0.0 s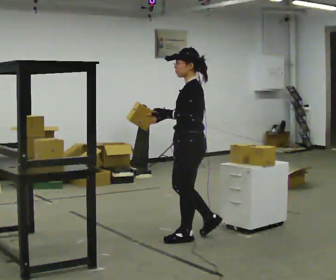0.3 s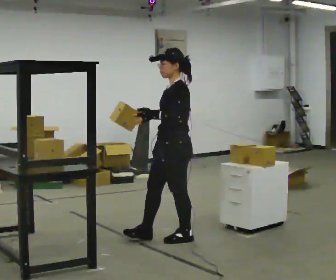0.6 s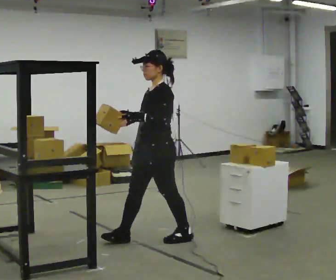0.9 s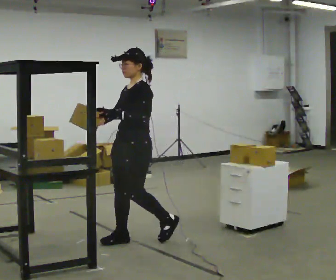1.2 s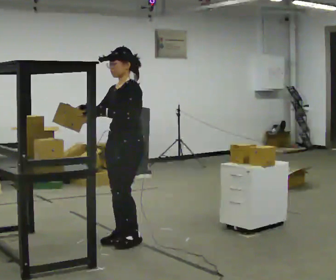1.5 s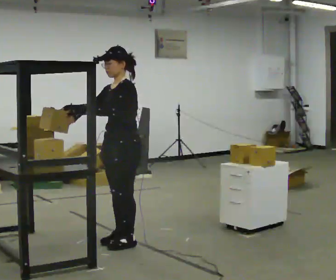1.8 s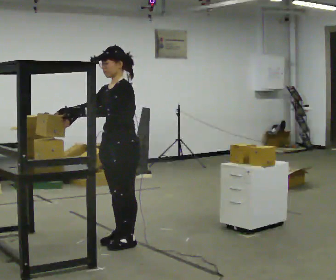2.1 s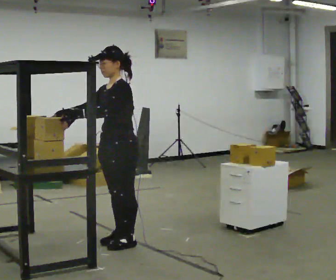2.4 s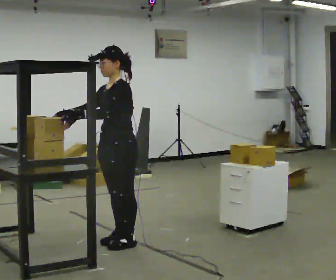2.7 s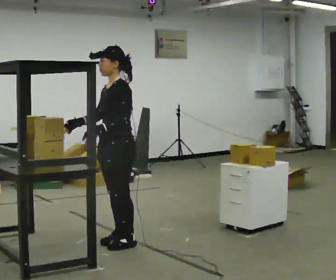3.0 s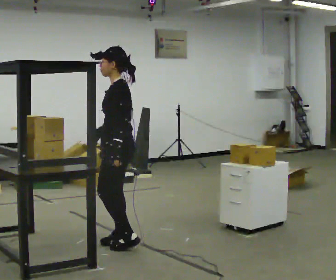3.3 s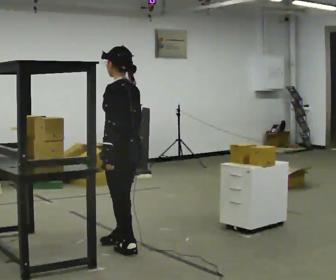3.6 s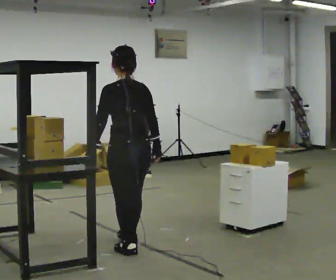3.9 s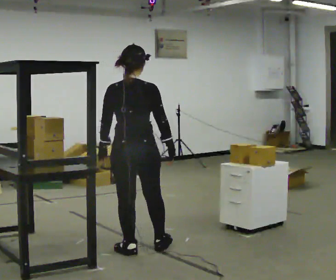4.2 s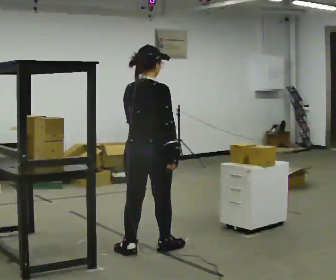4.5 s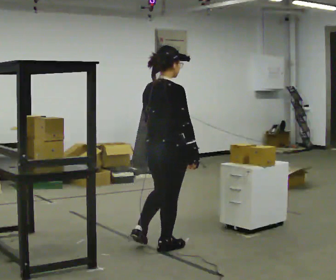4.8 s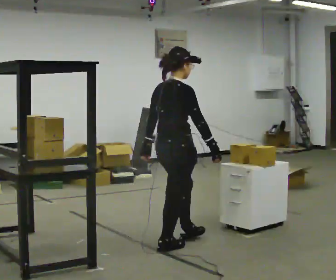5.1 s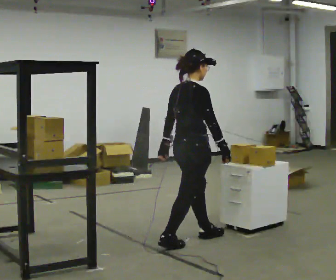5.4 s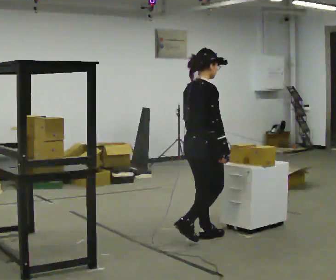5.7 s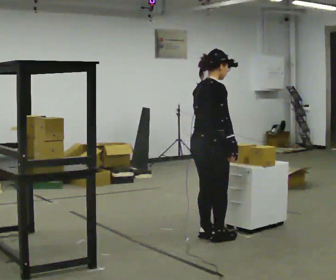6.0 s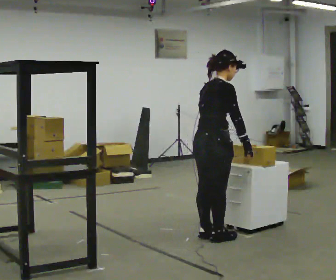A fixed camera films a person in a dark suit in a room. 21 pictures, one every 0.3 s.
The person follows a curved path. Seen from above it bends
counterclockwise.
0.0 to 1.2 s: The part of the body nearest the lens slides to the right as the person turns to their left by about 30 degrees. In the picture they go to the left, about 0.5 m in 1 step, which for them is forward.
1.2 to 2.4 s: The person moves a little, or ends about where they began.
2.4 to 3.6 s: The person turns about 90 degrees to their right, clockwise seen from above, so the part of the body nearest the lens slides to the left. In the picture they go toward the camera, about 0.25 m in 1 step. In the picture their right hand goes to the right, the arm swinging counterclockwise.
3.6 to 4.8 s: The person turns about 90 degrees to their right, clockwise seen from above, so the part of the body nearest the lens slides to the left. In the picture they go to the right, about 0.25 m in 1 step.
4.8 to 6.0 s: In the picture they go to the right and away from the camera, about 0.5 m in 2 steps, which for them is forward.
The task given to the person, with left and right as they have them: Move objects one at a time from the waist-height shelf at one end of the room to the waist-height shelf at the other end. Keep going until the operator says stop; one object at a time, and do not rush between trips.
The film runs forward here.
